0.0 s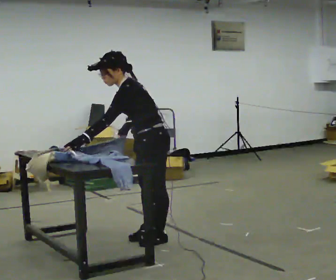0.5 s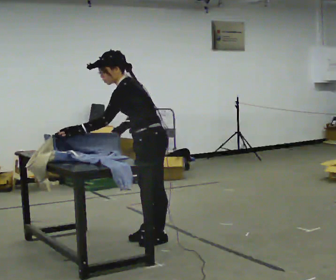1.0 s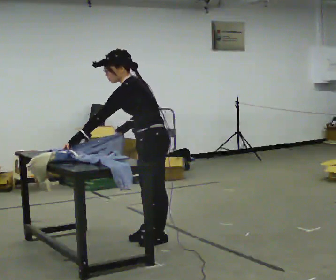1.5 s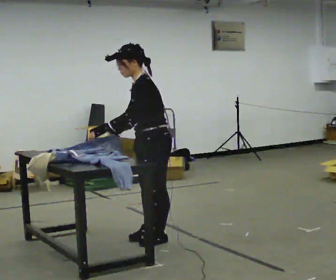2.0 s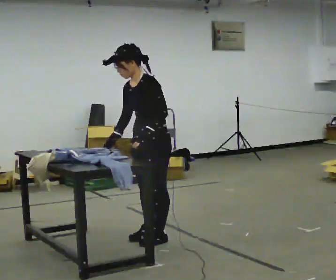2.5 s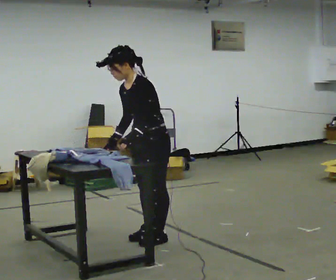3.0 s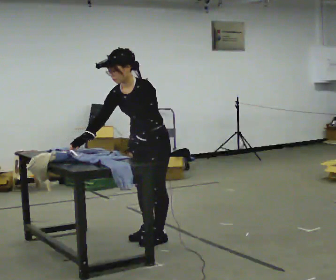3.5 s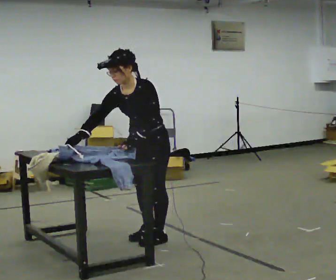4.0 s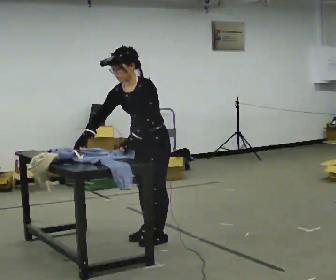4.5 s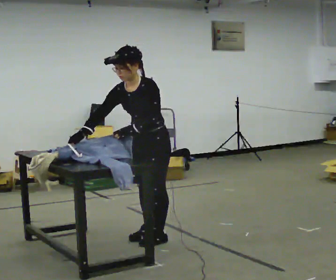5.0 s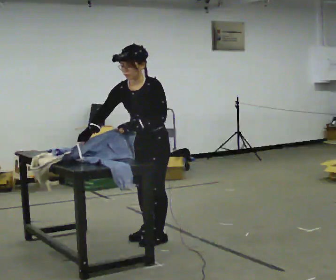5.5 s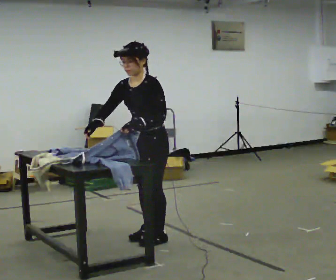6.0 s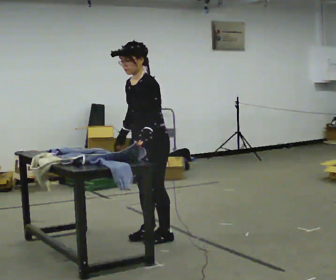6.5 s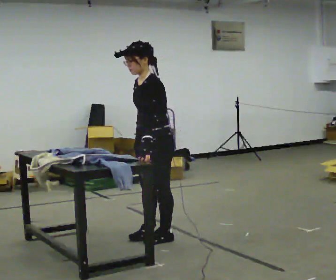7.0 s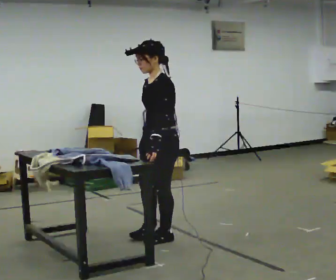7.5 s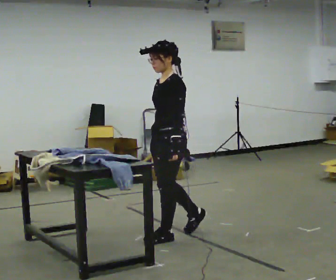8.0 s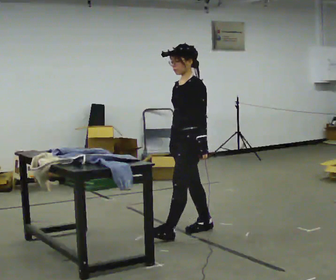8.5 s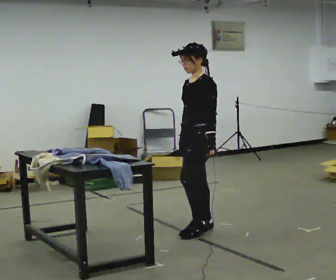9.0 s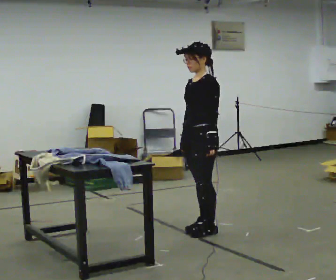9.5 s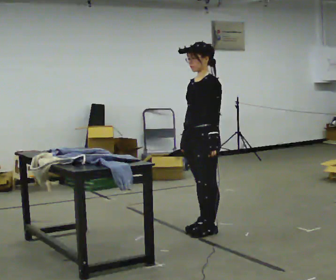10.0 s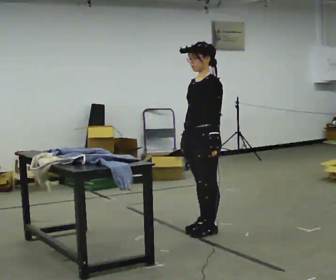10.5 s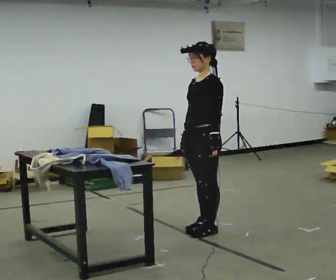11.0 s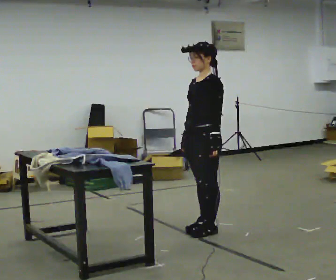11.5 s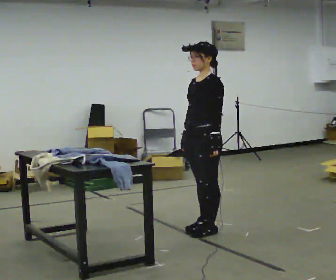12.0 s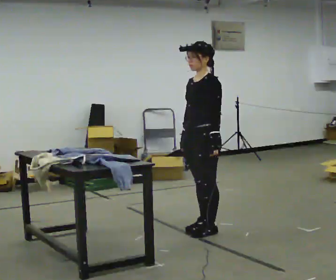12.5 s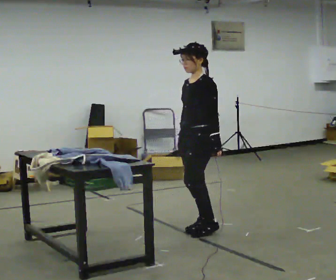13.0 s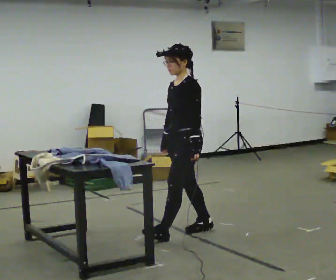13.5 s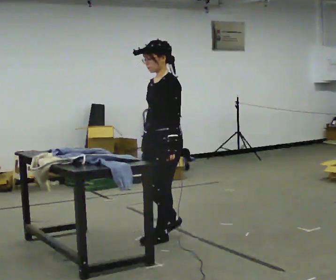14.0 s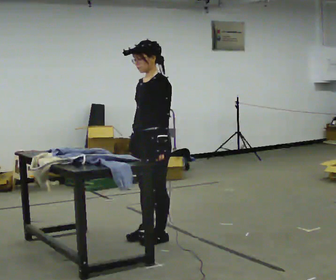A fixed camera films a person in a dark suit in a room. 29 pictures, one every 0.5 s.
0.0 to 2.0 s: The part of the body nearest the lens slides to the right as the person turns to their left by about 30 degrees. In the picture the upper body tilts clockwise, shoulders to the right, as they lean back or straighten. In the picture their left hand goes to the right.
2.0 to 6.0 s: The person moves a little, or ends about where they began.
6.0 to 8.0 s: In the picture they go to the right, about 0.25 m in 1 step, which for them is backward.
8.0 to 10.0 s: The person moves a little, or ends about where they began.
10.0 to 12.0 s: The person keeps their place and pose.
12.0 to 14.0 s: In the picture they go to the left and toward the camera, about 0.5 m in 2 steps, which for them is forward.
The film runs backward here.
